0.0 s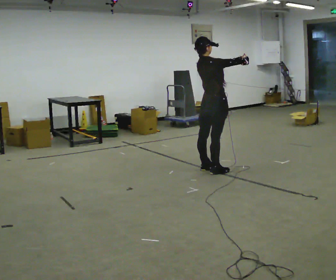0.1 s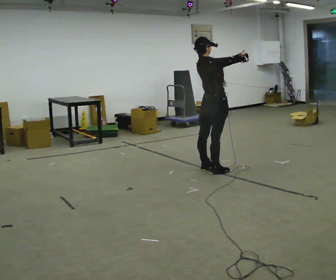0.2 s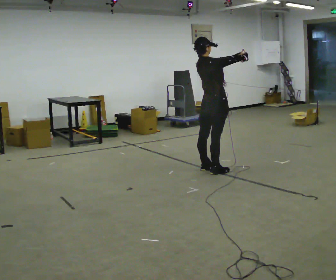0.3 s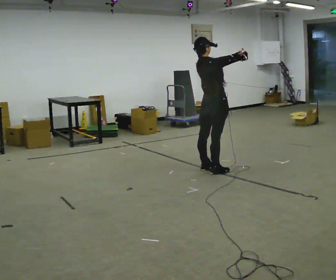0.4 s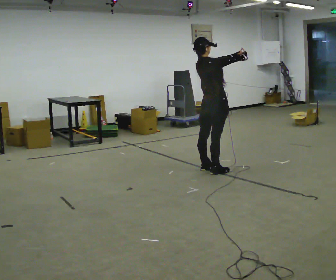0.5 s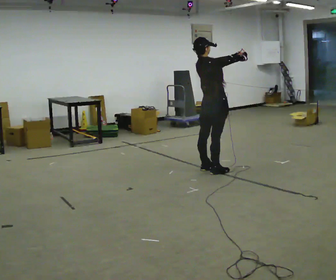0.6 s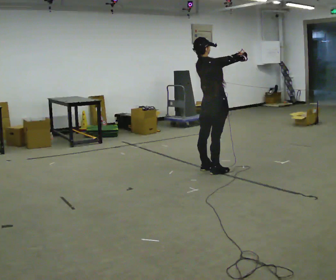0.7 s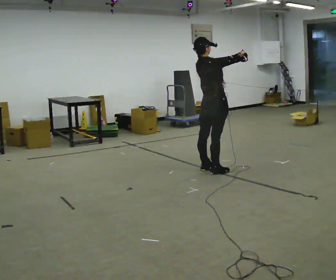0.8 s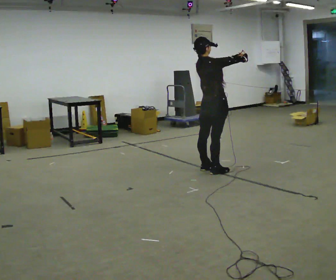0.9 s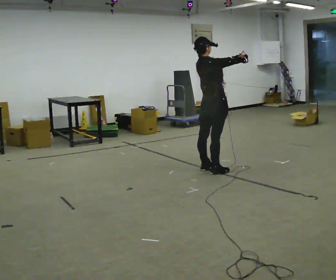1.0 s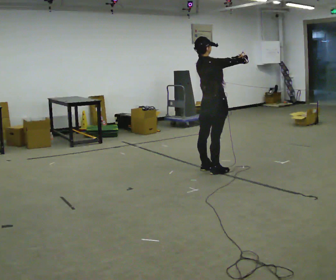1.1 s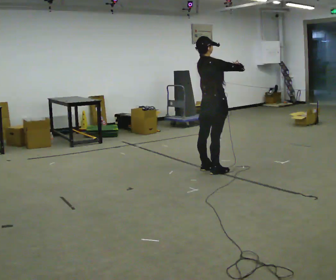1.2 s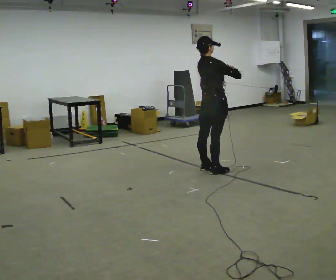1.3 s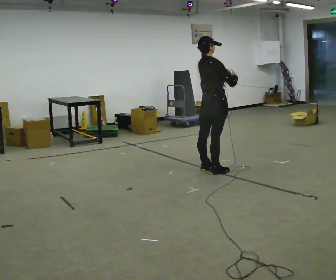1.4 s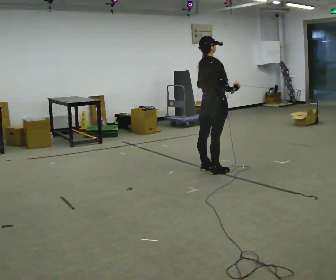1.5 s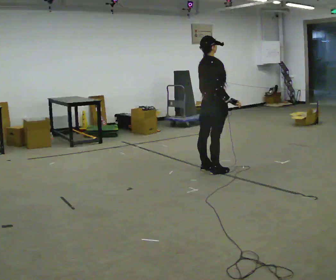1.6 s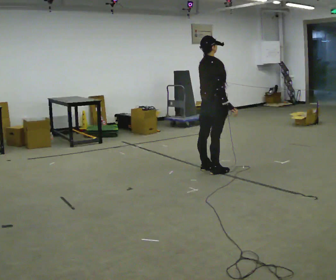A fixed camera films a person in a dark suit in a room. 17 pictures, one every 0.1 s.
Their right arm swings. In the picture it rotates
clockwise.
Their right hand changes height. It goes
downward.
0.0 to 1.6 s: In the picture their right hand goes downward, the arm swinging clockwise.
The film runs forward here.
